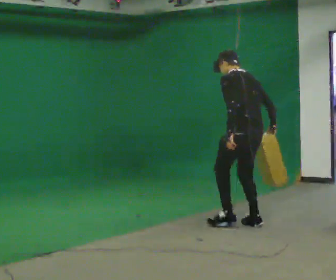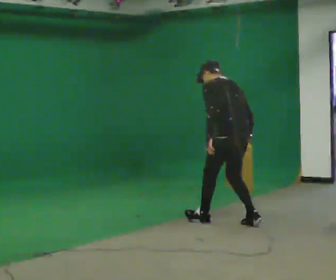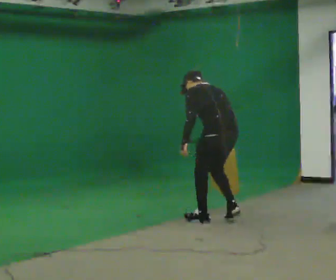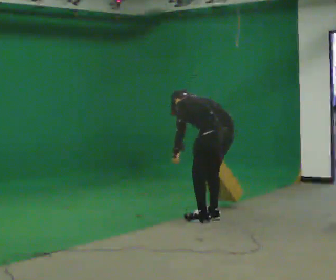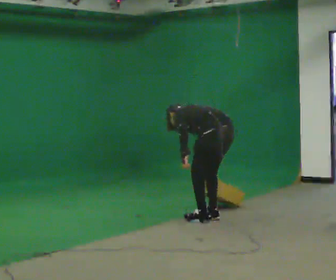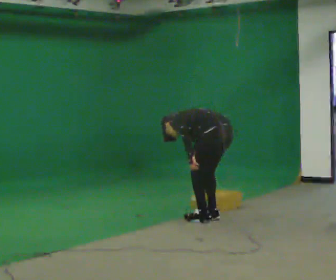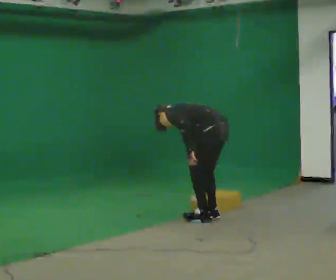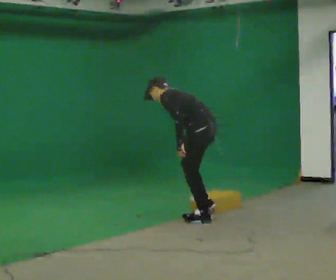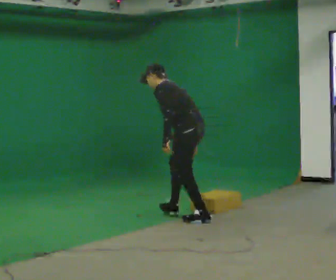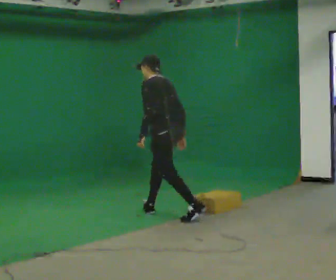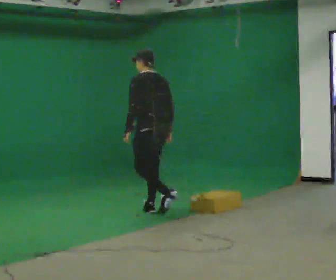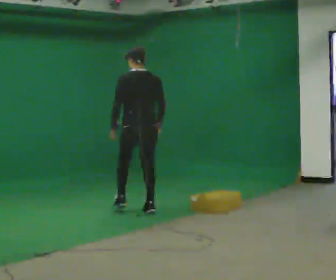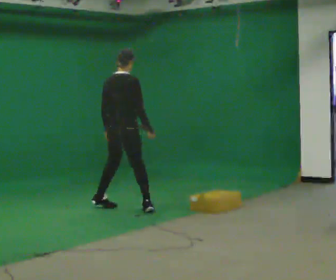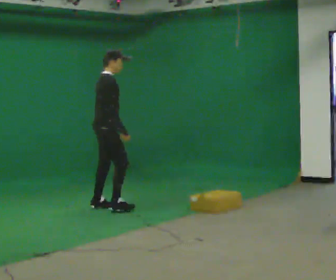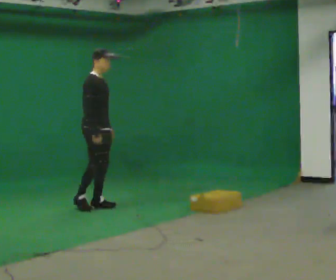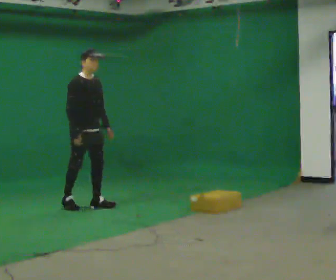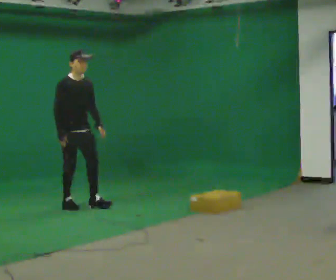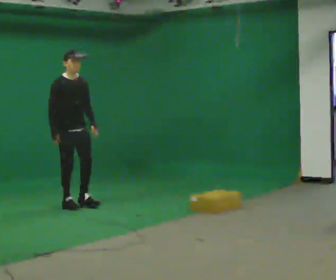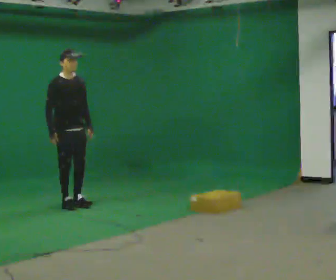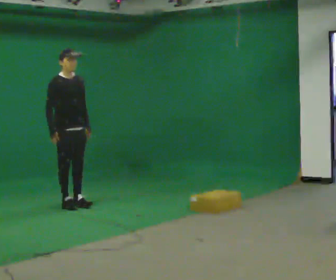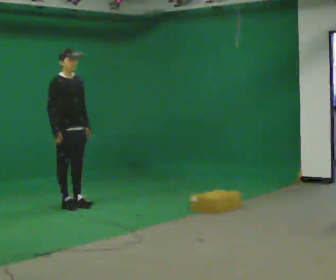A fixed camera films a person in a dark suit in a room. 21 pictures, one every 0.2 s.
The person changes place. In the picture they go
to the left.
0.0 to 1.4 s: Seen from above the body turns counterclockwise, about 30 degrees: to their left, with its near side sliding to the right. In the picture they go to the left and away from the camera, about 0.5 m in 2 steps, which for them is forward.
1.4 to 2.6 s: The part of the body nearest the lens slides to the left as the person turns to their right by about 150 degrees. In the picture they go to the left and away from the camera, about 1 m in 2 steps. The shoulders move upward. In the picture the upper body tilts clockwise, shoulders to the right, as they lean back or straighten.
2.6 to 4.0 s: The part of the body nearest the lens slides to the left as the person turns to their right by about 45 degrees. In the picture they go to the left, about 0.5 m in 2 steps, which for them is backward and to their right.
The film runs forward here.
